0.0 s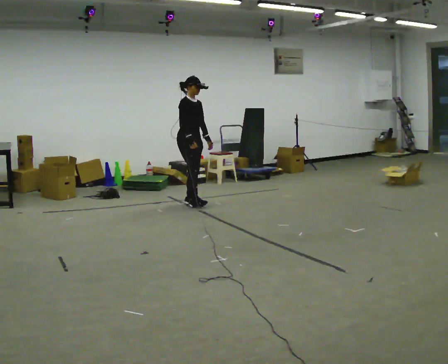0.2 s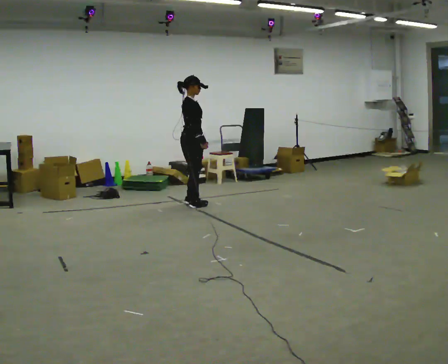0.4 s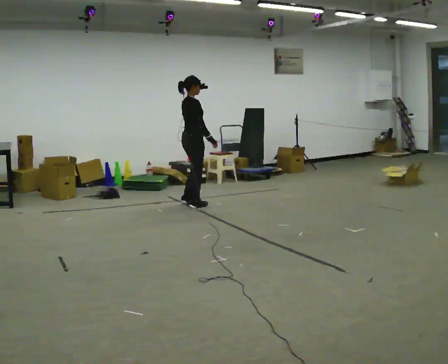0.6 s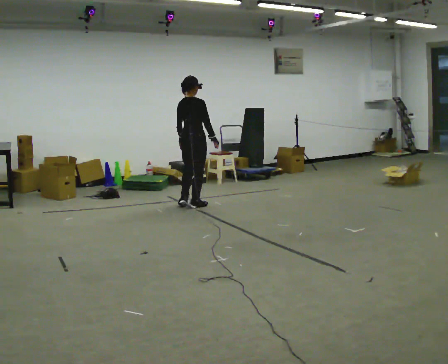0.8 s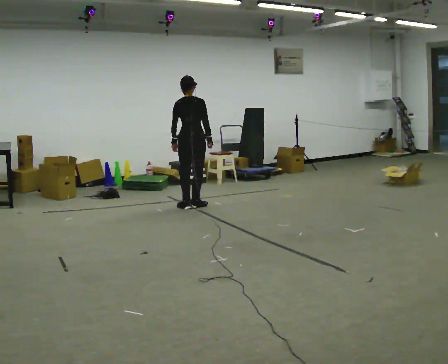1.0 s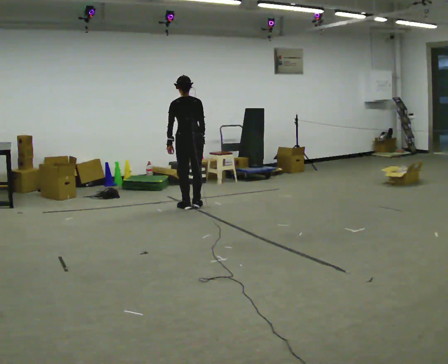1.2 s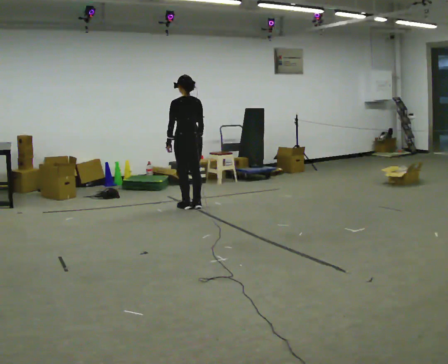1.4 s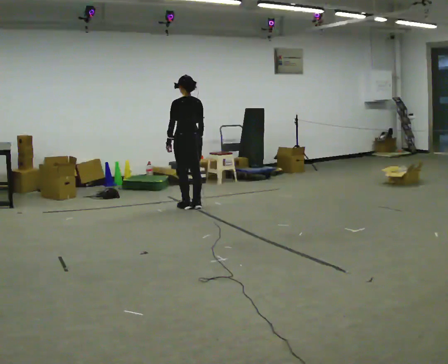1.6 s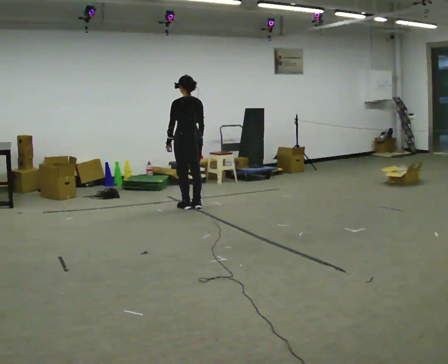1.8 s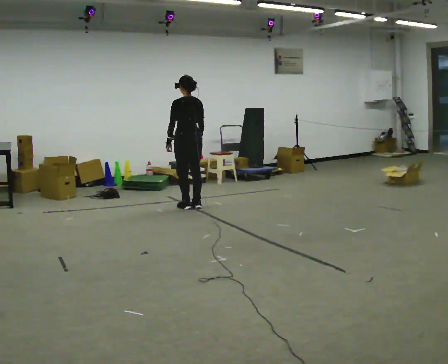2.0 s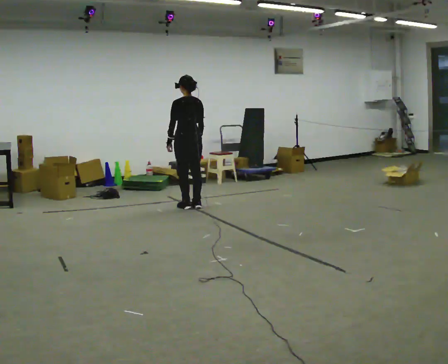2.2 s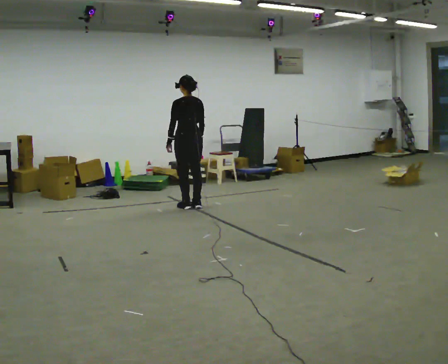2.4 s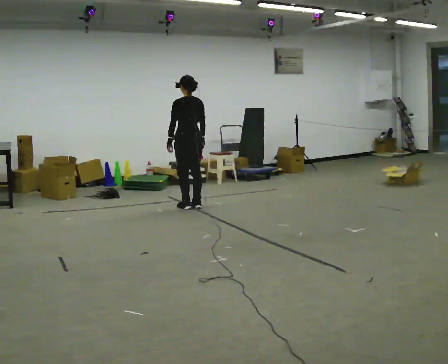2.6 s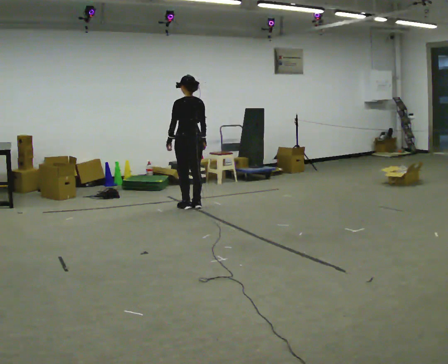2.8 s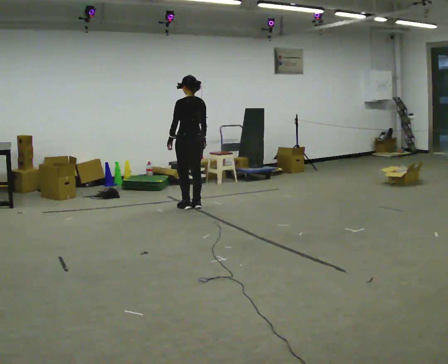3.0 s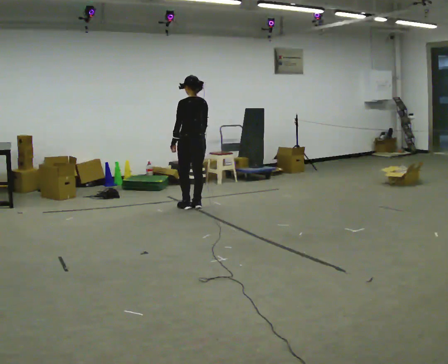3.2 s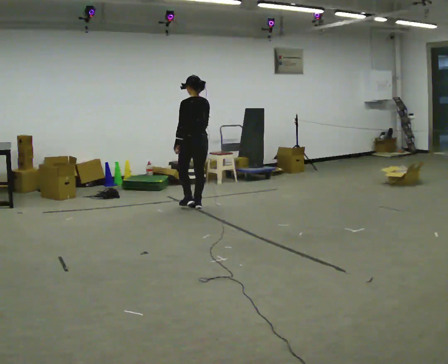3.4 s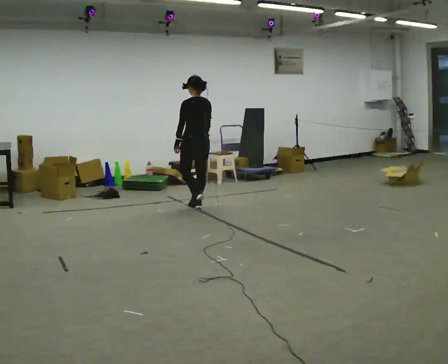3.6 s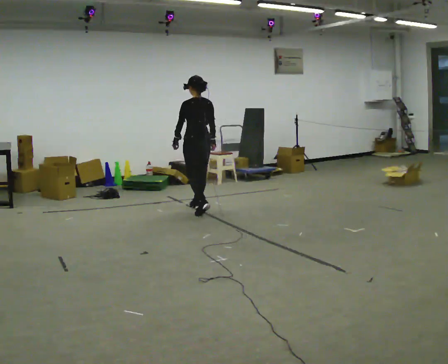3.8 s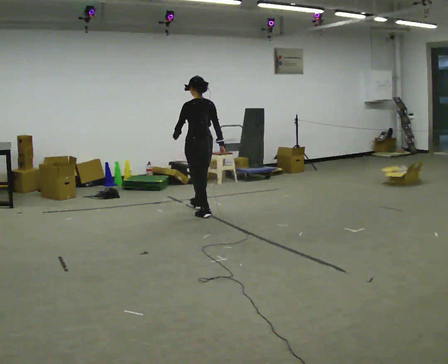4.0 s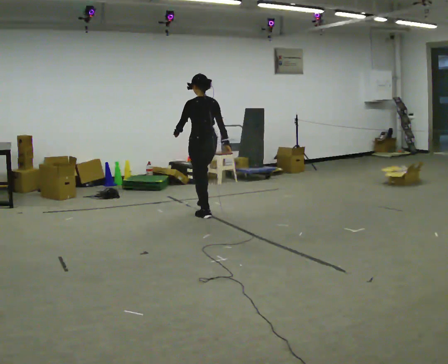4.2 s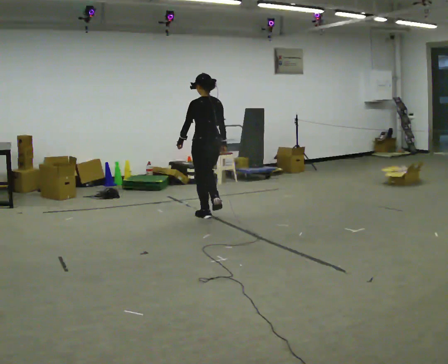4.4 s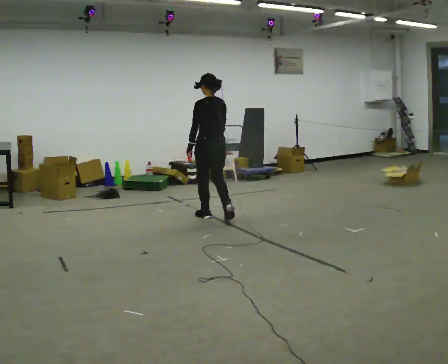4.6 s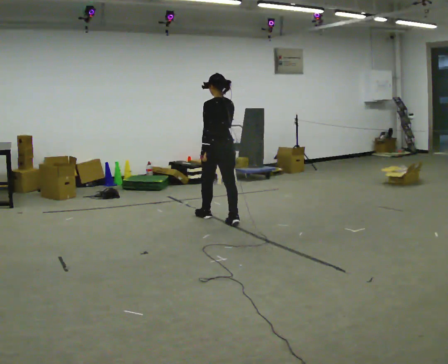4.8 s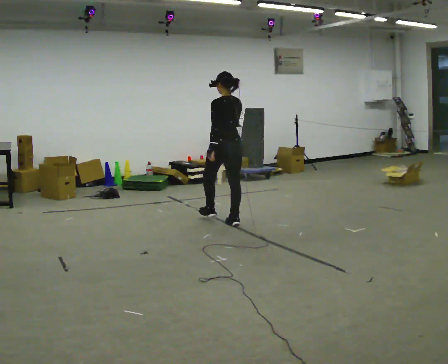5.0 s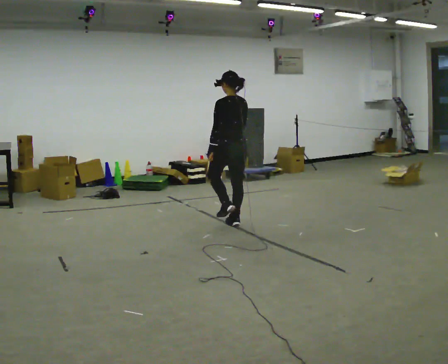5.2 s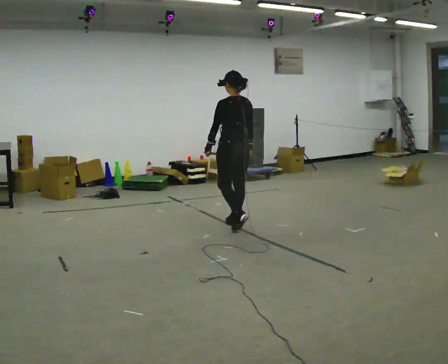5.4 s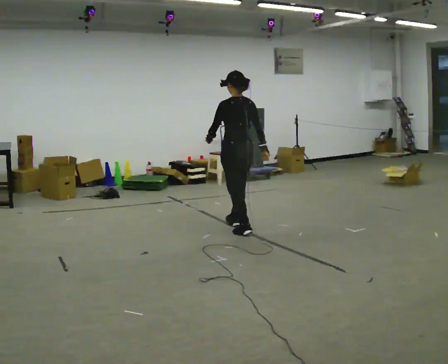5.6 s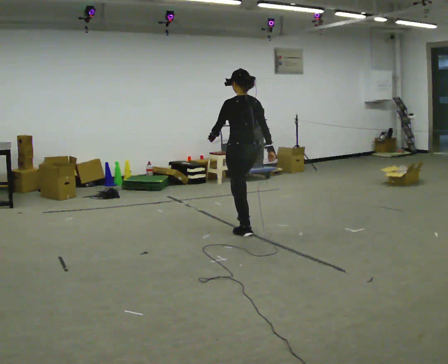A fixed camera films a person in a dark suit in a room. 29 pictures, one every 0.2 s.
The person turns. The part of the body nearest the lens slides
to the right.
The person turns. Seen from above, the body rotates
counterclockwise.
0.0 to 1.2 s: Seen from above the body turns counterclockwise, about 150 degrees: to their left, with its near side sliding to the right. In the picture they go toward the camera, about 0.25 m in 1 step.
1.2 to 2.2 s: The person keeps their place and pose.
2.2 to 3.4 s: The person moves a little, or ends about where they began.
3.4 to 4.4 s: In the picture they go toward the camera, about 0.5 m in 1 step, which for them is backward.
4.4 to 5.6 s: In the picture they go toward the camera and to the right, about 0.75 m in 2 steps, which for them is backward.
The film runs backward here.
